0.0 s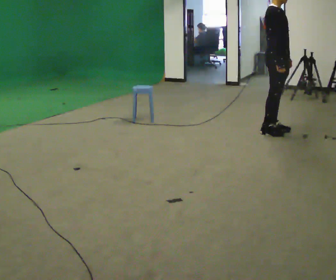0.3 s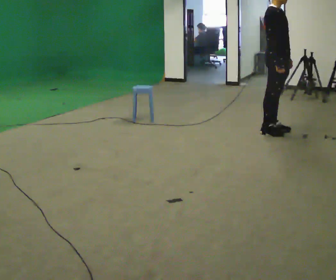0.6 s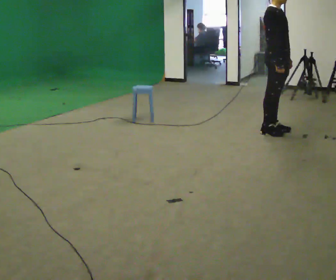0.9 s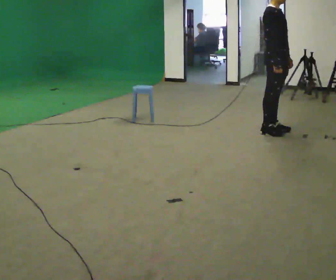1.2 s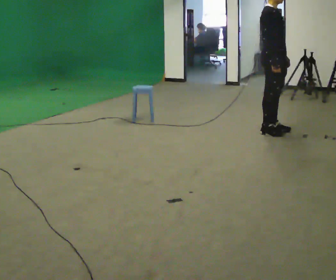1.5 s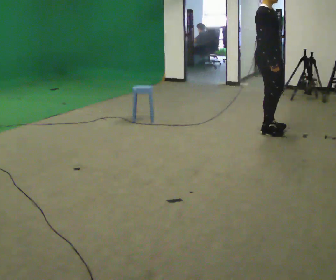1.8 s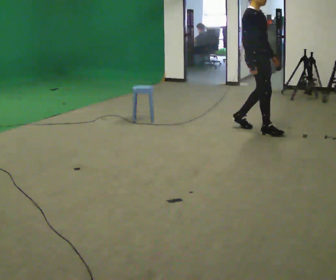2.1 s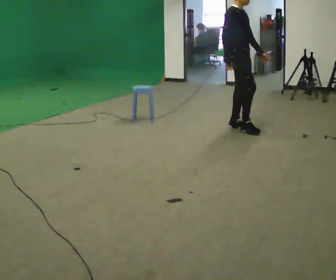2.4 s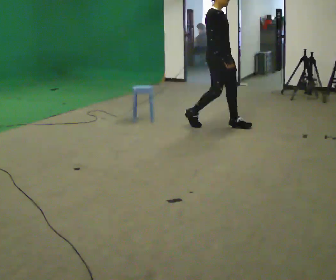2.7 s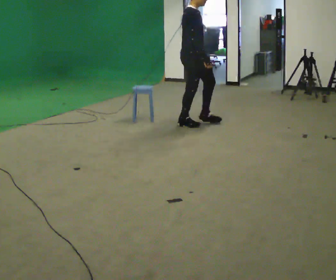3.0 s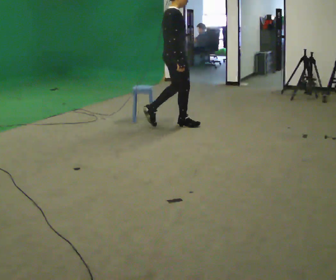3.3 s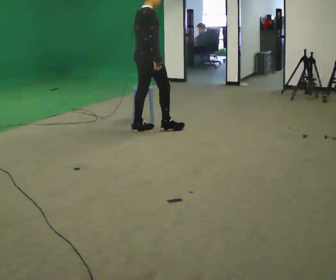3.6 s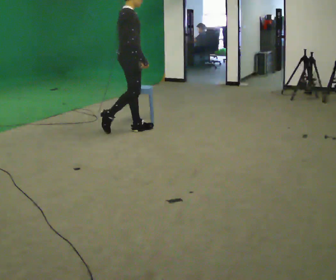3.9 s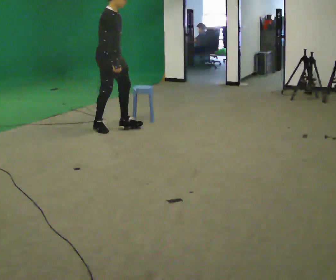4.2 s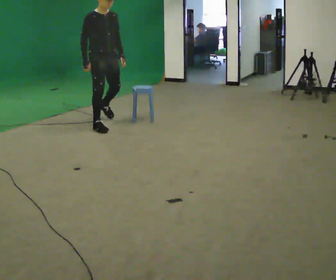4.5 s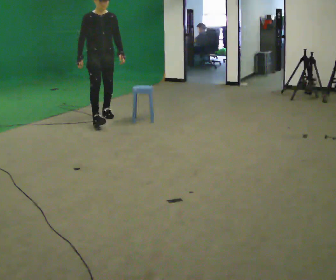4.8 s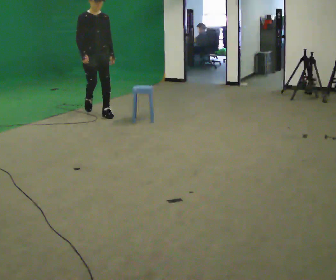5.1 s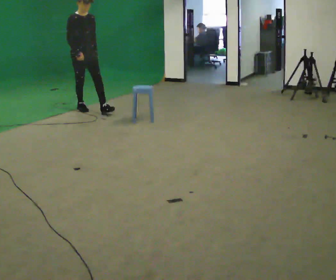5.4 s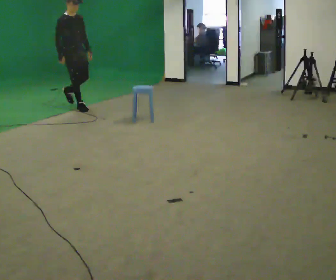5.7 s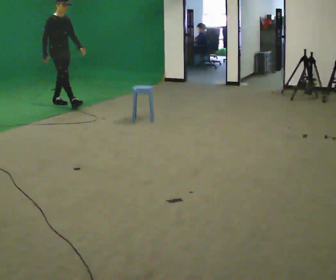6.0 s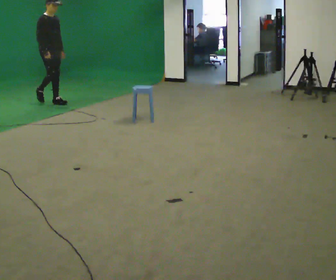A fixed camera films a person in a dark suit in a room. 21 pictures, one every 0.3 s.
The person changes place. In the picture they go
to the left.
0.0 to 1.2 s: The person moves a little, or ends about where they began.
1.2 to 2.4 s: In the picture they go to the left and away from the camera, about 0.75 m in 2 steps, which for them is backward.
2.4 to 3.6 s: Seen from above the body turns counterclockwise, about 45 degrees: to their left, with its near side sliding to the right. In the picture they go to the left, about 1 m in 2 steps, which for them is backward.
3.6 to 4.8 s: The part of the body nearest the lens slides to the left as the person turns to their right by about 75 degrees. In the picture they go away from the camera and to the left, about 1 m in 2 steps.
4.8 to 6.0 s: The person turns about 30 degrees to their left, counterclockwise seen from above, so the part of the body nearest the lens slides to the right. In the picture they go to the left and away from the camera, about 1 m in 2 steps, which for them is backward.
The film runs backward here.
